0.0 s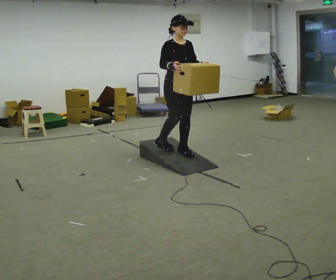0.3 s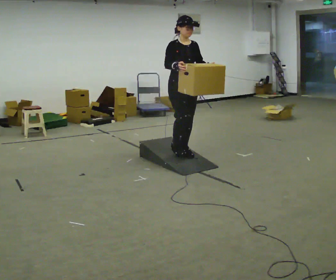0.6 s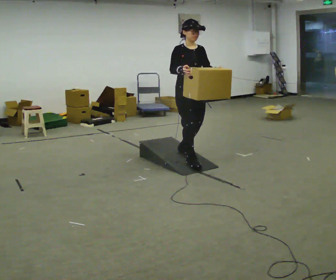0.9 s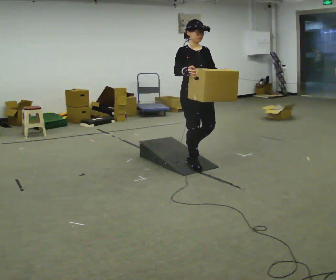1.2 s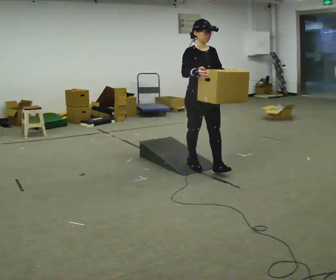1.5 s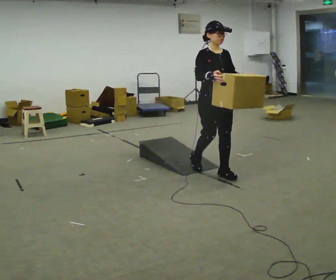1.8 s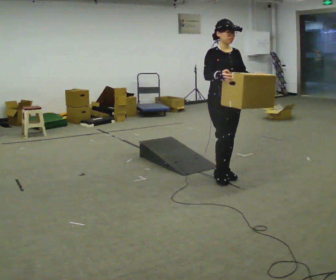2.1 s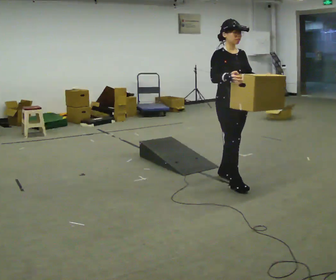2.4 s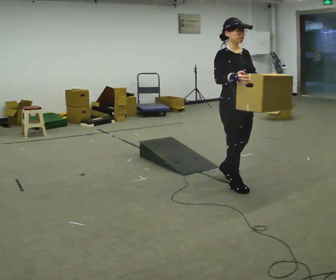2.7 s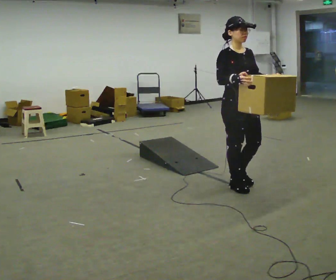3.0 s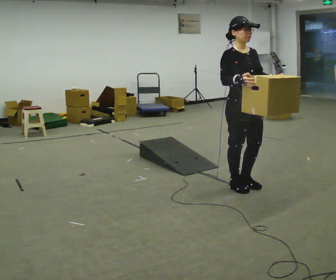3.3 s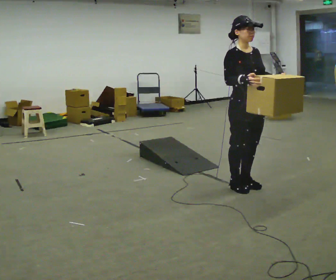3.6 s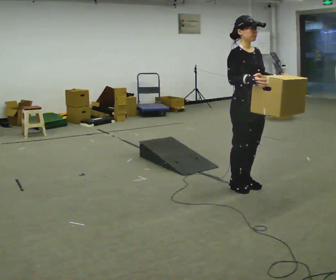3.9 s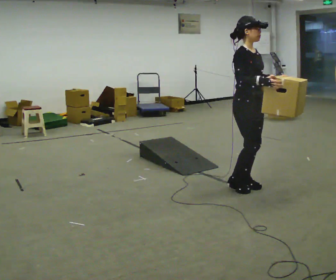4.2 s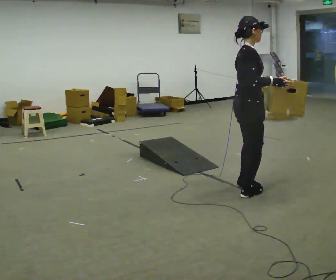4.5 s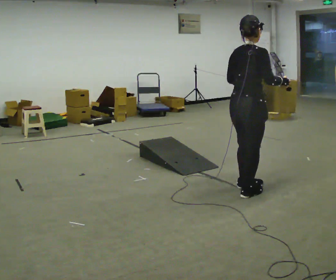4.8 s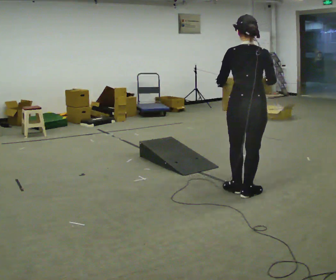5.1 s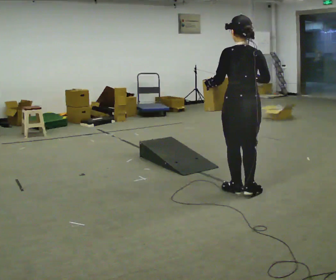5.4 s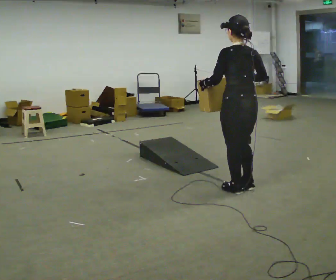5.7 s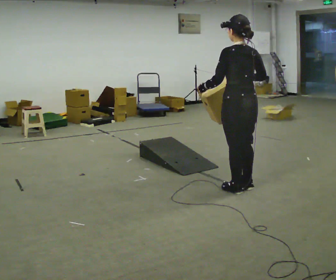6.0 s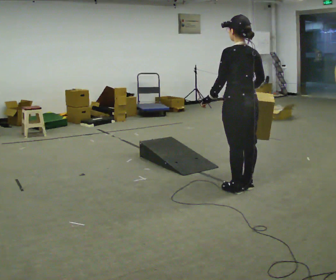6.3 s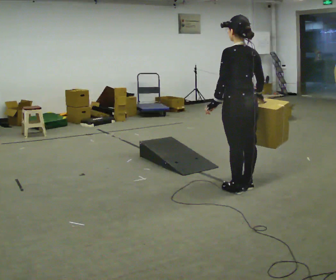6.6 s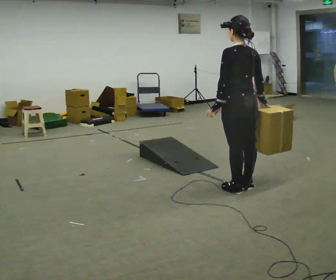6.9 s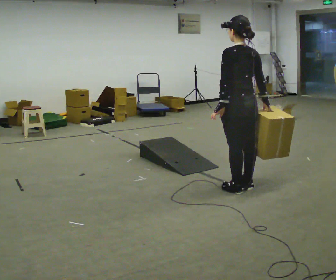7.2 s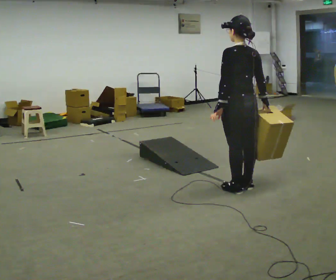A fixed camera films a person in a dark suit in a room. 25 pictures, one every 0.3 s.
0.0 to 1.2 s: In the picture they go toward the camera and to the right, about 0.5 m in 2 steps, which for them is forward.
1.2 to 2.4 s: In the picture they go toward the camera and to the right, about 0.5 m in 1 step, which for them is forward.
2.4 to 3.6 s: The person moves a little, or ends about where they began.
3.6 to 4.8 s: The part of the body nearest the lens slides to the right as the person turns to their left by about 135 degrees. In the picture they go toward the camera, about 0.25 m in 2 steps. In the picture their left hand goes to the left.
4.8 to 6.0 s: The part of the body nearest the lens slides to the right as the person turns to their left by about 30 degrees.
6.0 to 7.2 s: The person moves a little, or ends about where they began.
The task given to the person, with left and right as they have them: Carry the box up the ramp, turn at the top, and carry it back down. Keep going until the operator says stop; one object at a time, and do not rush between trips.
The film runs forward here.
